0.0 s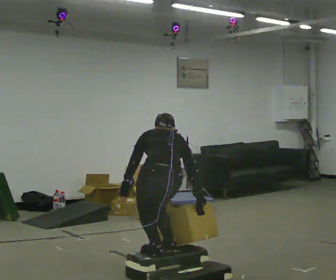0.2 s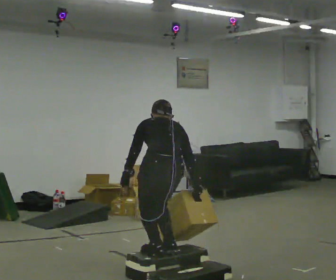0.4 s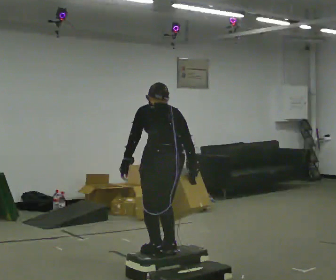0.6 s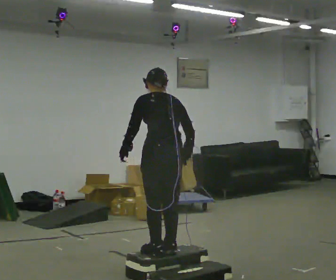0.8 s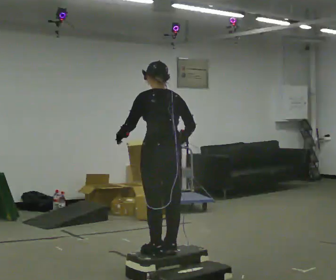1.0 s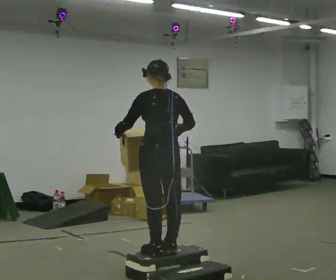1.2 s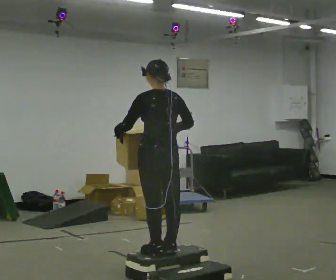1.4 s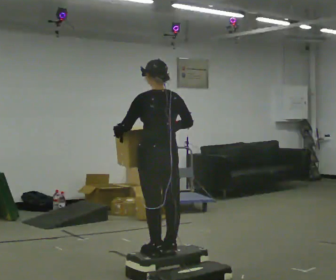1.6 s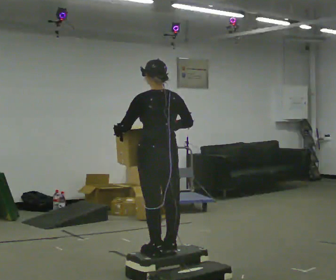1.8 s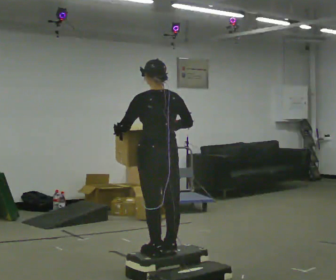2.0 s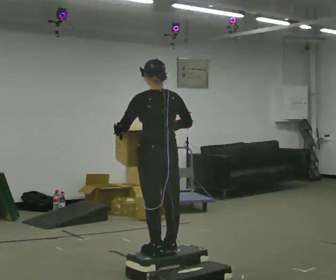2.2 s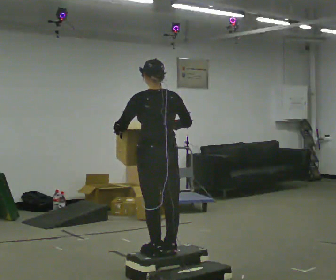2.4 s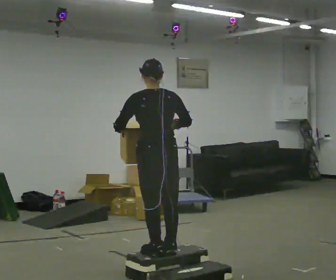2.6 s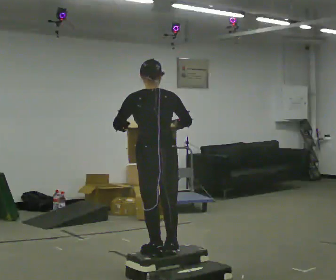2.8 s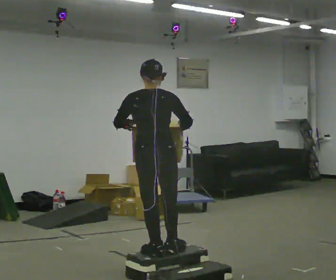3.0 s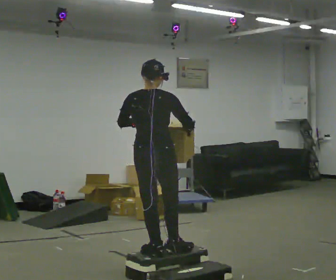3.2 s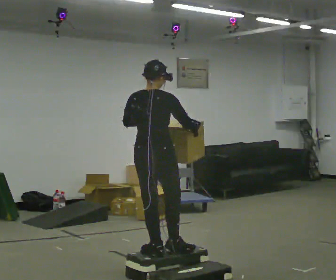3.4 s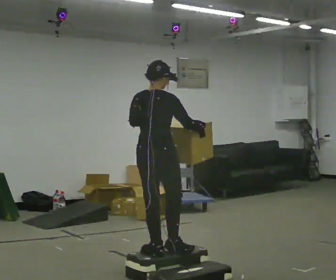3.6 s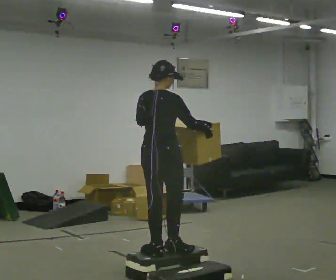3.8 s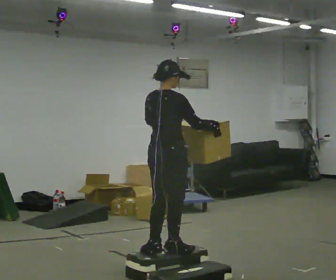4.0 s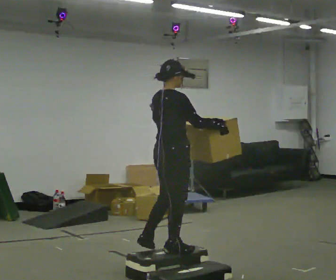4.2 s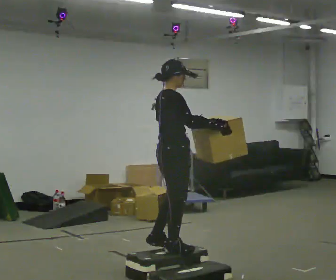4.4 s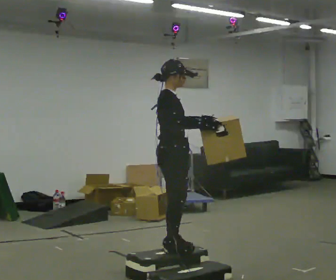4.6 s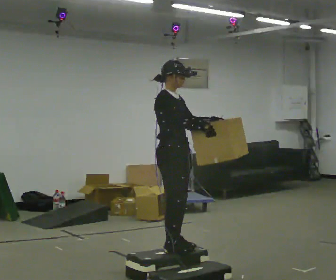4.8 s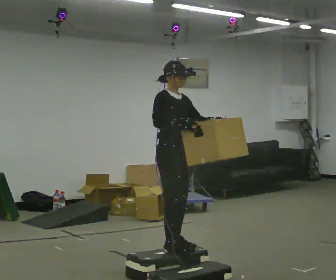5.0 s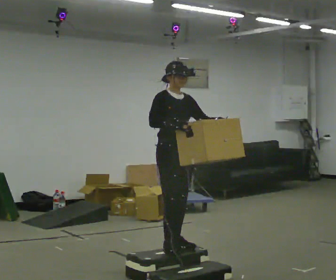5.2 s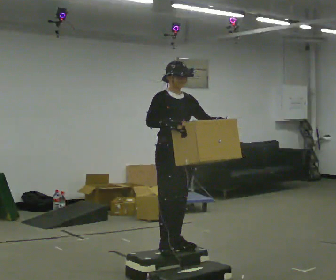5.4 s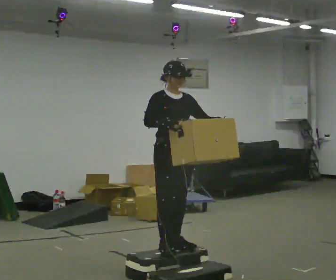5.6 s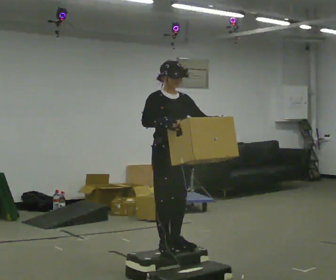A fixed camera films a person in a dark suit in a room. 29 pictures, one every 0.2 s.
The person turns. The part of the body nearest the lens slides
to the left.
The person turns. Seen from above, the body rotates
clockwise.
0.0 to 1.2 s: The upper body goes upward. The upper body tips toward the camera, its near side rolling downward, as they lean back or straighten. In the picture their right hand goes upward.
1.2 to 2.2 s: The person moves a little, or ends about where they began.
2.2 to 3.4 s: Seen from above the body turns clockwise, about 45 degrees: to their right, with its near side sliding to the left.
3.4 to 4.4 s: The part of the body nearest the lens slides to the left as the person turns to their right by about 60 degrees. In the picture their left hand goes to the right.
4.4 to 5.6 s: Seen from above the body turns clockwise, about 60 degrees: to their right, with its near side sliding to the left.
The film runs forward here.
